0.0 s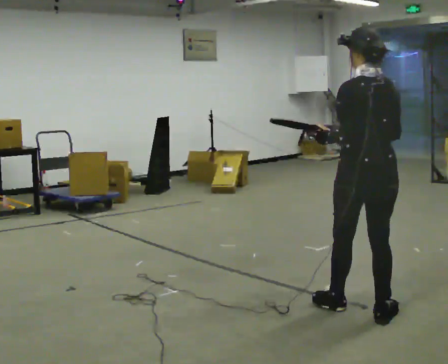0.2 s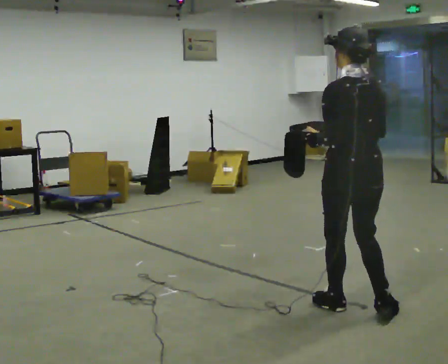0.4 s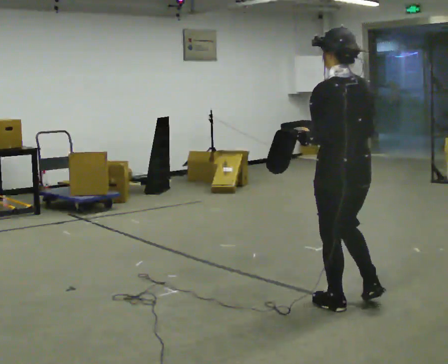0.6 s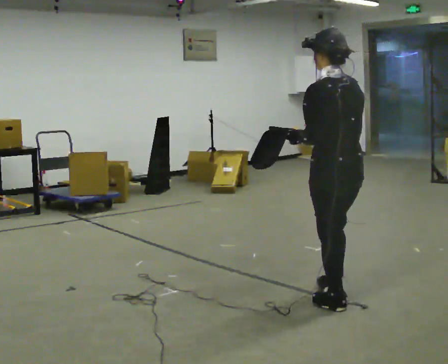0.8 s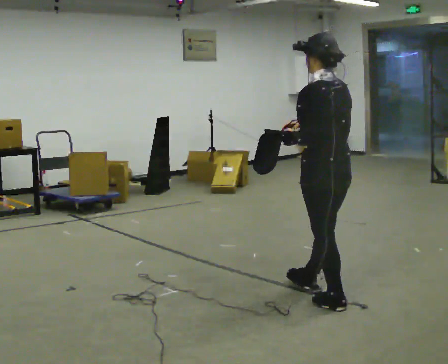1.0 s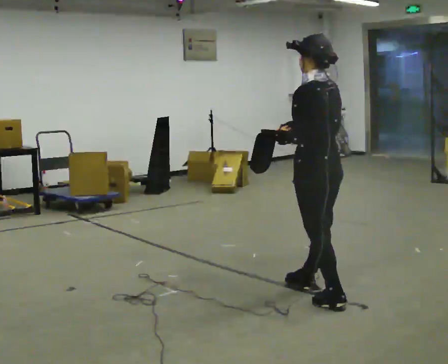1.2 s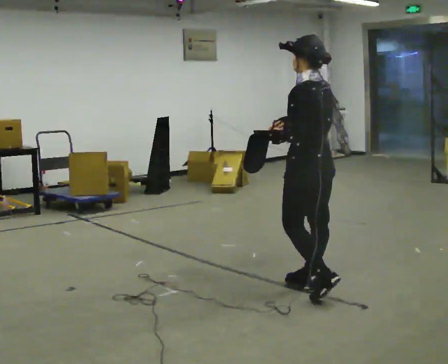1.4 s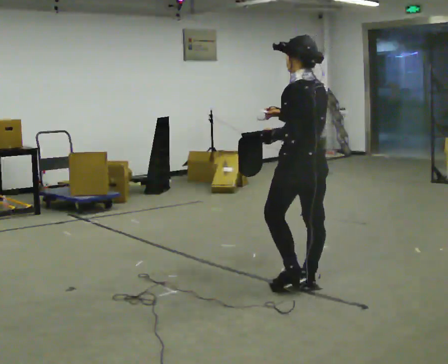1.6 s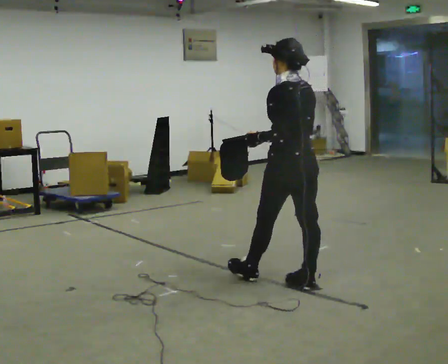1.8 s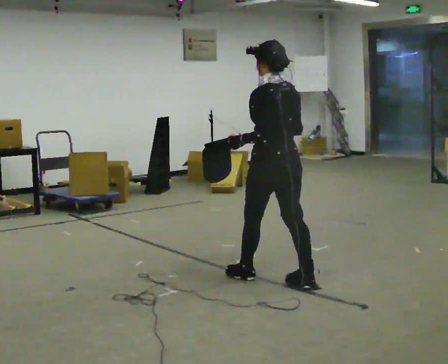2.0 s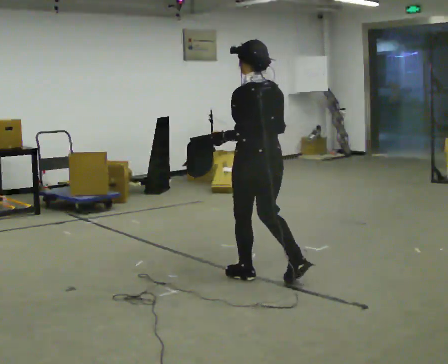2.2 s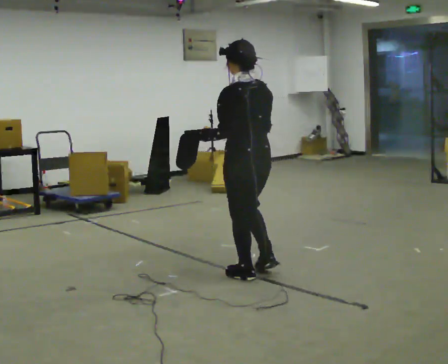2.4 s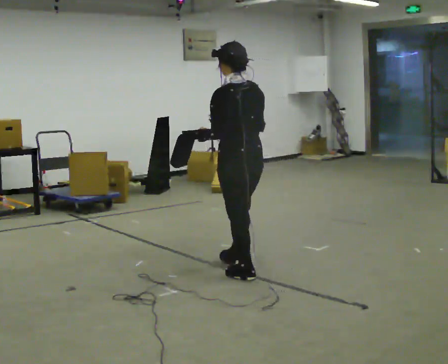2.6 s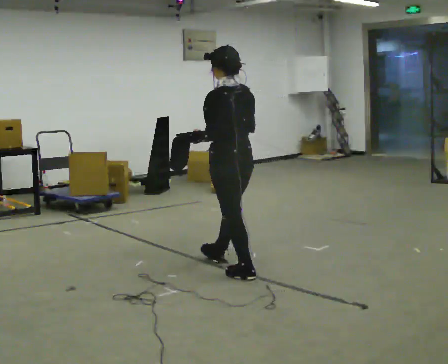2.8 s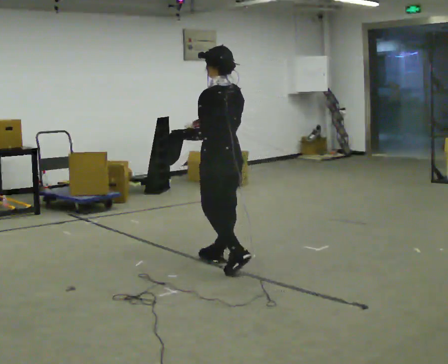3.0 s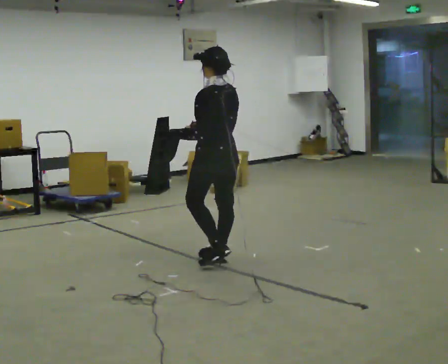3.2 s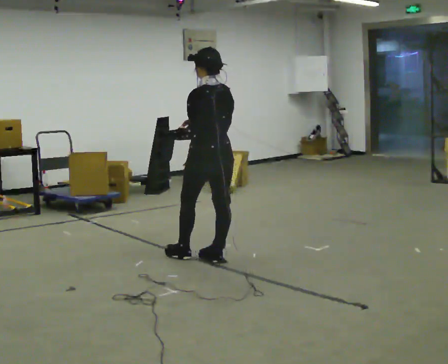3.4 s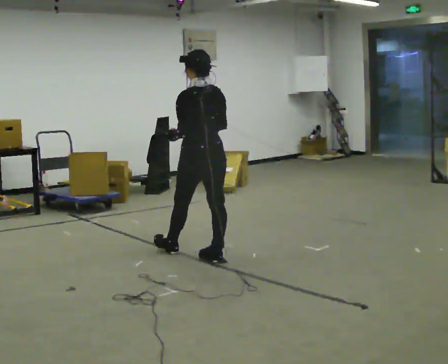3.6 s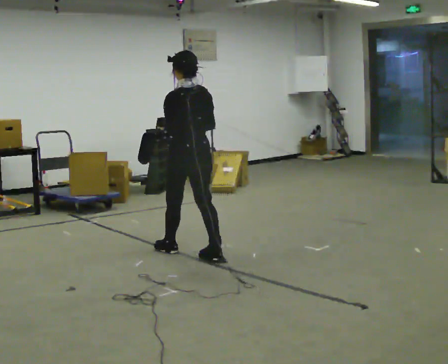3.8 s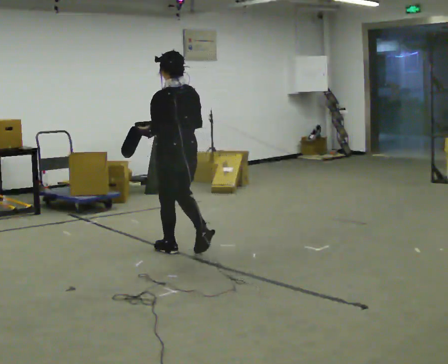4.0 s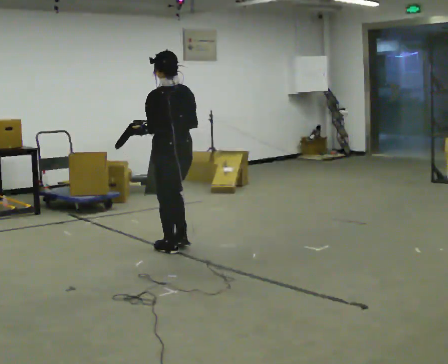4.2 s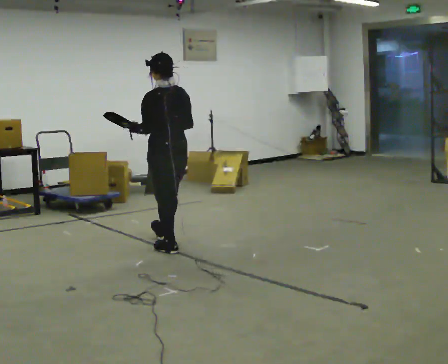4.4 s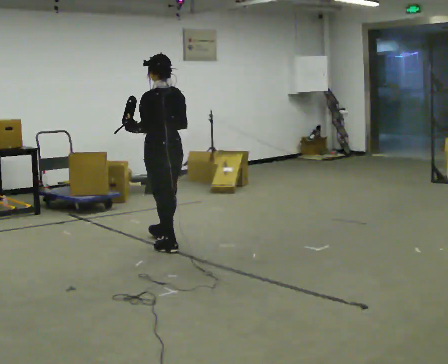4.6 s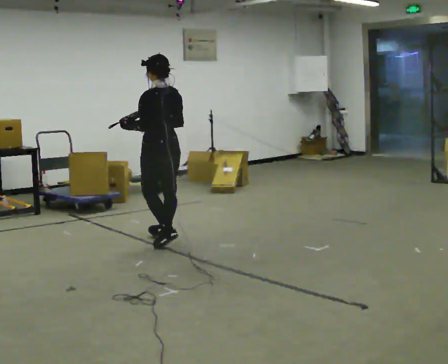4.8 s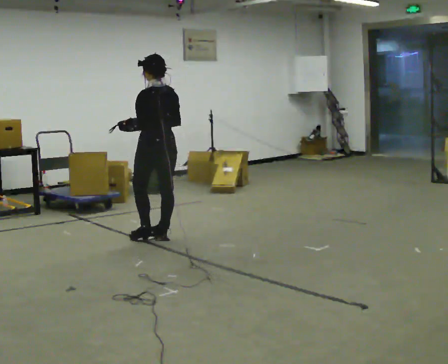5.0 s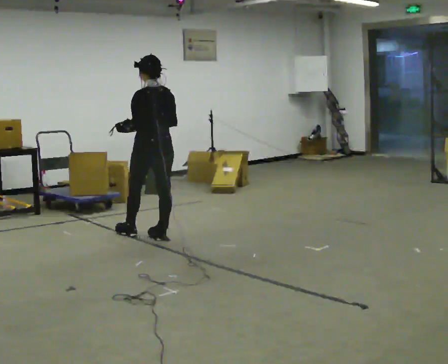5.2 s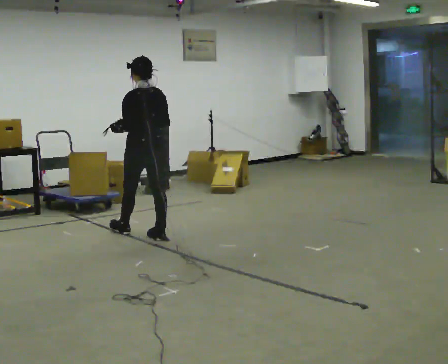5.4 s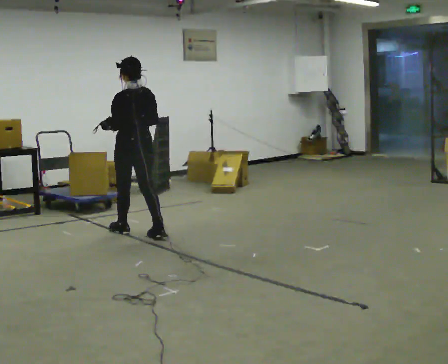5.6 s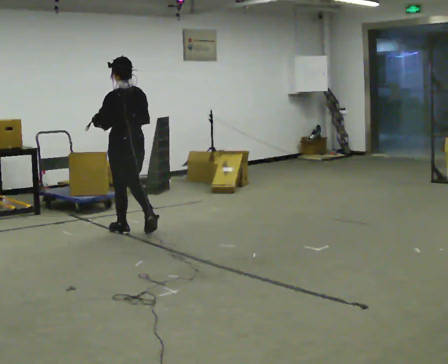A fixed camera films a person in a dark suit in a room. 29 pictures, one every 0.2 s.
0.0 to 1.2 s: The part of the body nearest the lens slides to the right as the person turns to their left by about 30 degrees. In the picture they go away from the camera and to the left, about 0.5 m in 1 step, which for them is forward.
1.2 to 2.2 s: In the picture they go to the left and away from the camera, about 0.5 m in 1 step, which for them is forward.
2.2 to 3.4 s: In the picture they go away from the camera and to the left, about 0.5 m in 2 steps, which for them is forward.
3.4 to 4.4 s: In the picture they go away from the camera and to the left, about 0.5 m in 1 step, which for them is forward.
4.4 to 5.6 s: In the picture they go to the left and away from the camera, about 0.5 m in 1 step, which for them is forward.
The film runs forward here.
